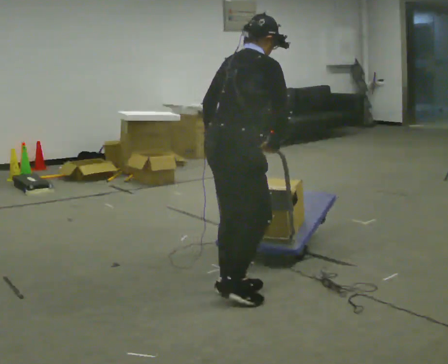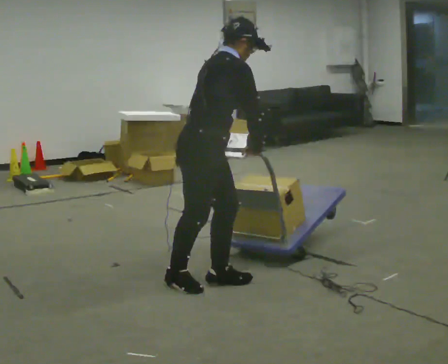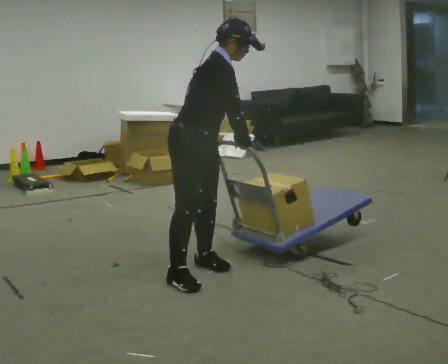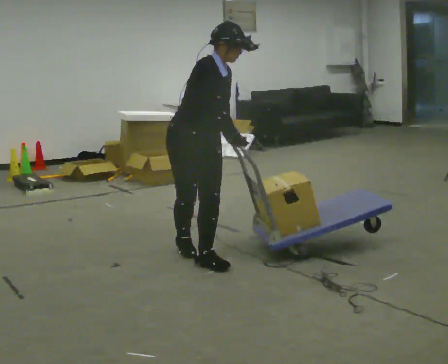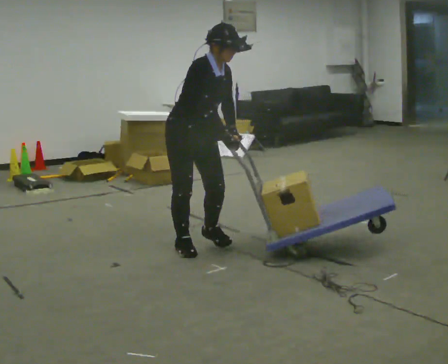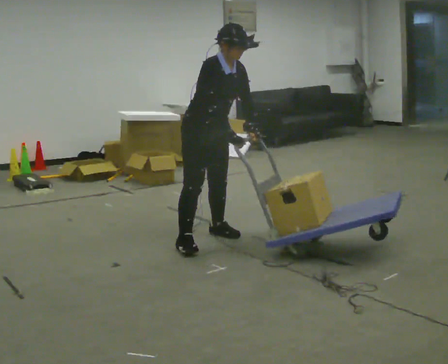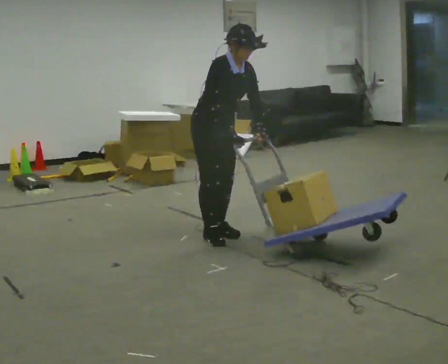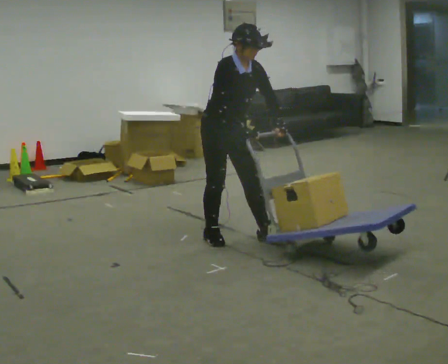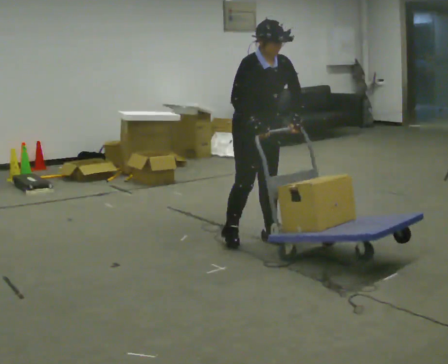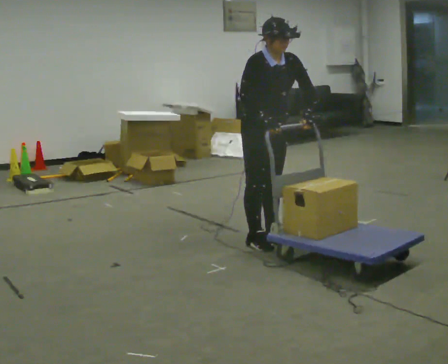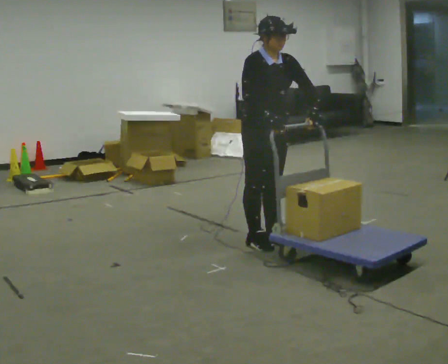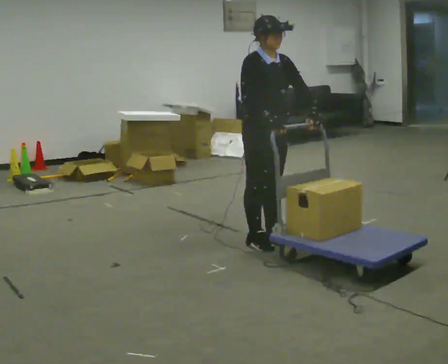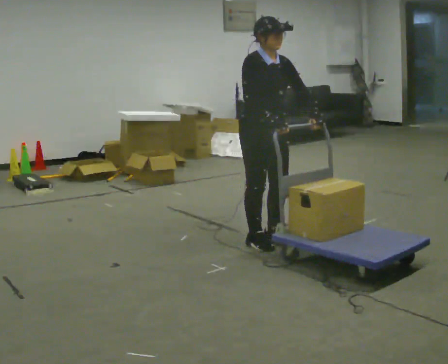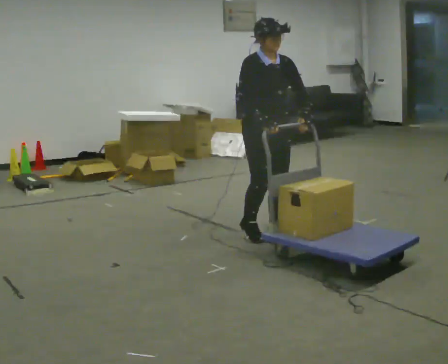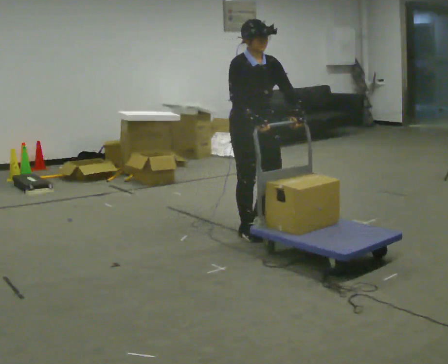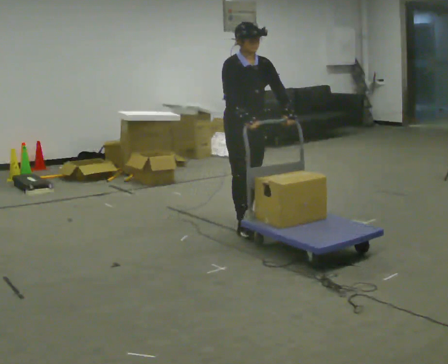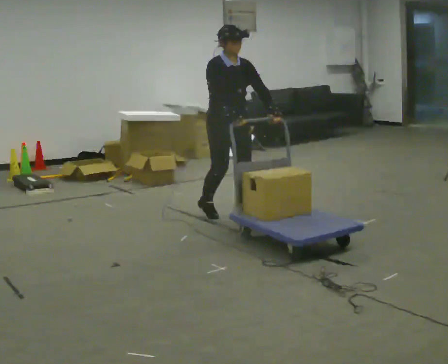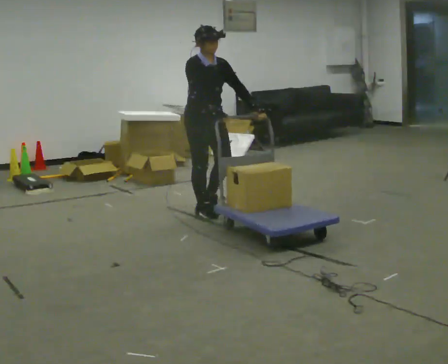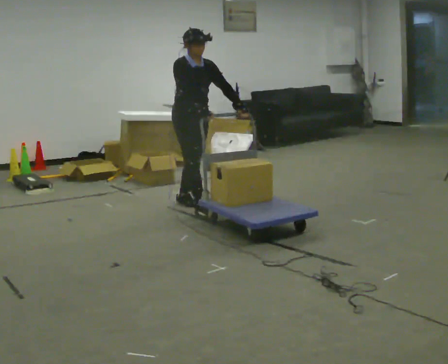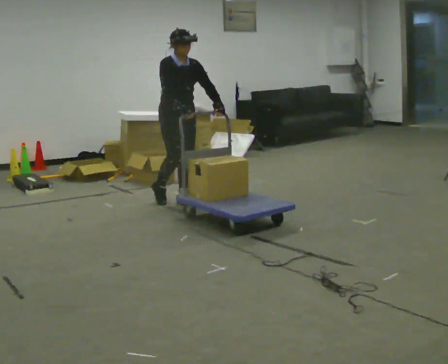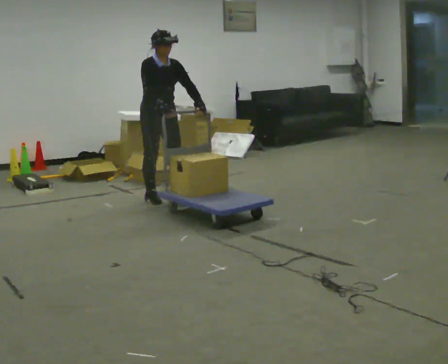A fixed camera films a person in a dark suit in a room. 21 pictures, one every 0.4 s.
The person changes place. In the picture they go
away from the camera.
0.0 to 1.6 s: The person turns about 75 degrees to their right, clockwise seen from above, so the part of the body nearest the lens slides to the left. In the picture they go away from the camera and to the left, about 1 m in 3 steps. The upper body tips toward the camera, its near side rolling downward.
1.6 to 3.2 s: In the picture they go to the right and away from the camera, about 0.5 m in 3 steps, which for them is to their left.
3.2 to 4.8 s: The person moves a little, or ends about where they began.
4.8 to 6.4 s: In the picture they go away from the camera and to the left, about 0.75 m in 3 steps, which for them is backward.
6.4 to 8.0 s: In the picture they go to the left and away from the camera, about 1 m in 3 steps, which for them is backward.
The film runs backward here.
